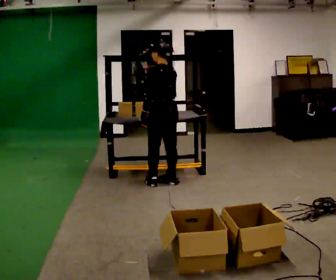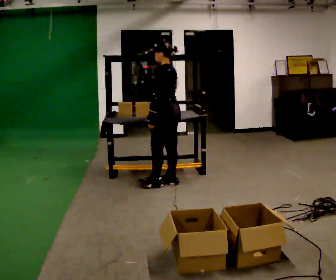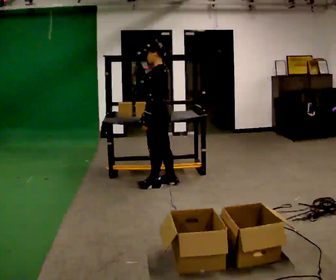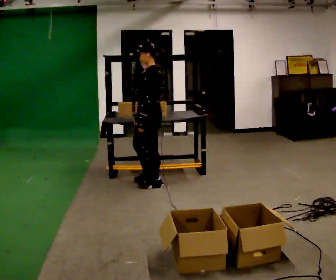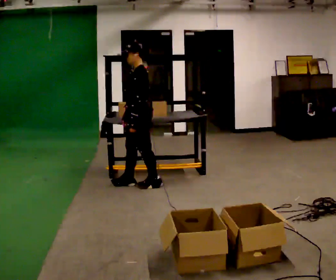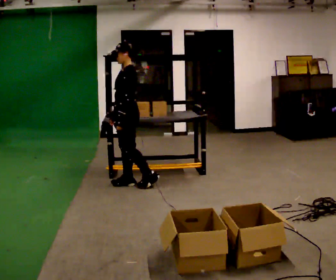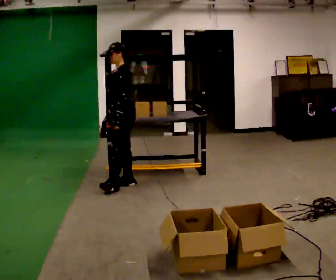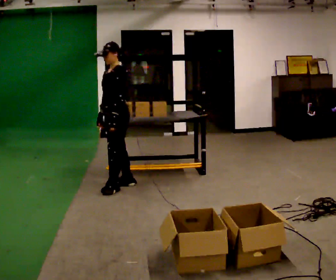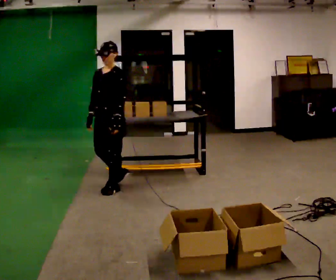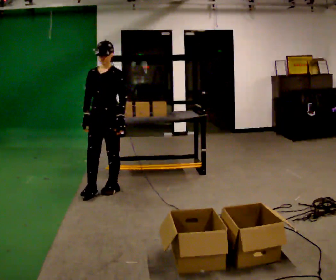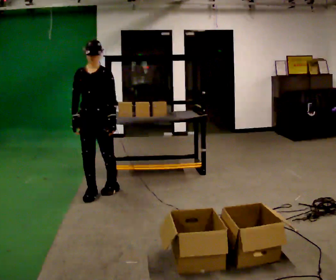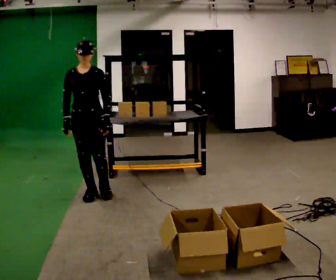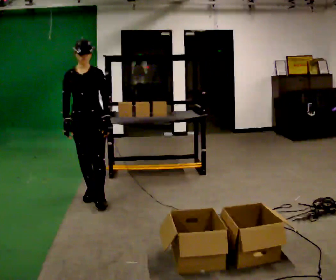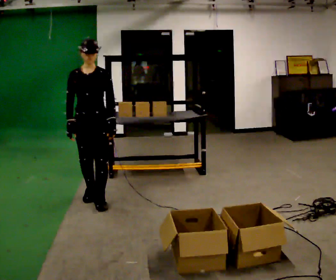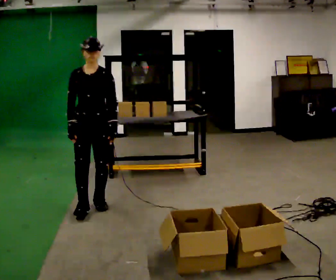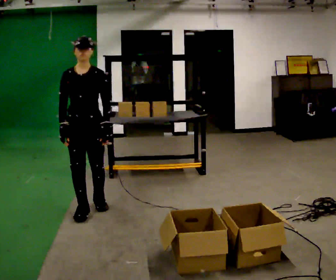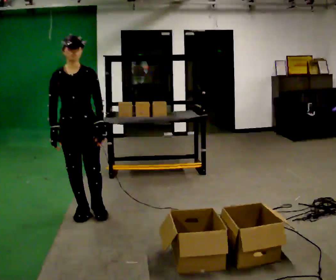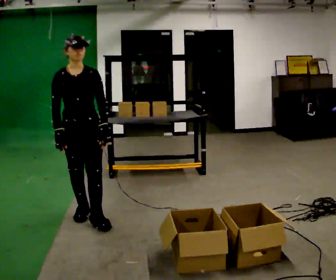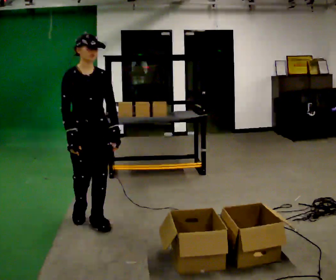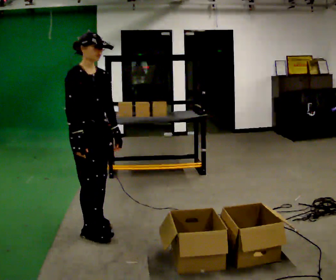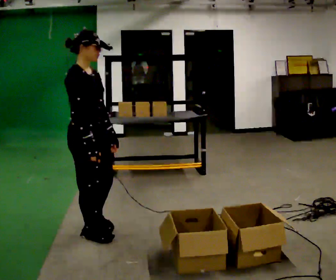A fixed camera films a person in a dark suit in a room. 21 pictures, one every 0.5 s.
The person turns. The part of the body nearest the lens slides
to the right.
The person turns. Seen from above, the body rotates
counterclockwise.
0.0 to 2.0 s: The person turns about 45 degrees to their left, counterclockwise seen from above, so the part of the body nearest the lens slides to the right. In the picture they go to the left, about 0.25 m in 1 step, which for them is forward and to their left.
2.0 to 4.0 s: Seen from above the body turns counterclockwise, about 45 degrees: to their left, with its near side sliding to the right. In the picture they go to the left, about 0.25 m in 1 step, which for them is forward.
4.0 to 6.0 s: Seen from above the body turns counterclockwise, about 30 degrees: to their left, with its near side sliding to the right. In the picture they go toward the camera and to the left, about 0.25 m in 2 steps, which for them is forward.
6.0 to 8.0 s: In the picture they go toward the camera, about 0.5 m in 1 step, which for them is forward.
8.0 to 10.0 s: The person turns about 60 degrees to their left, counterclockwise seen from above, so the part of the body nearest the lens slides to the right. In the picture they go toward the camera, about 0.5 m in 2 steps.
The film runs forward here.
